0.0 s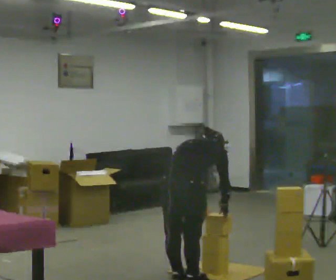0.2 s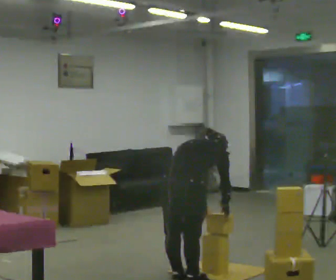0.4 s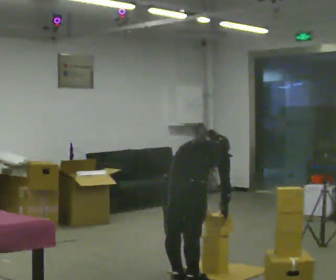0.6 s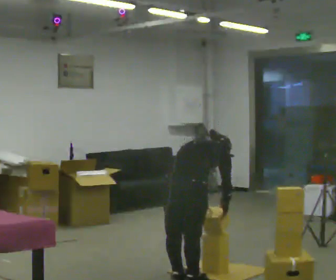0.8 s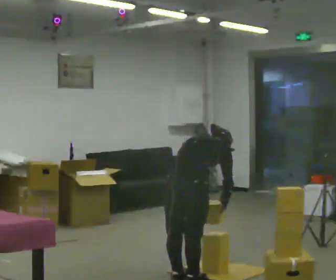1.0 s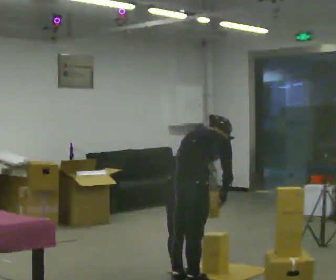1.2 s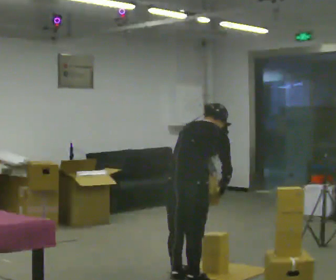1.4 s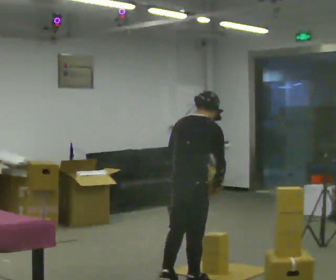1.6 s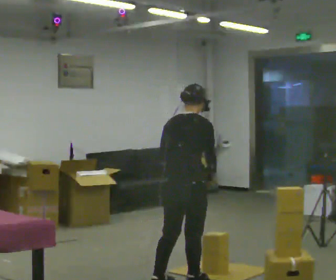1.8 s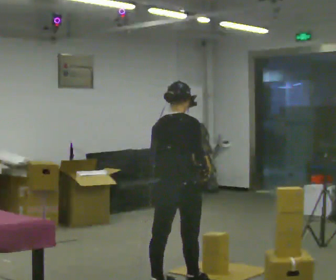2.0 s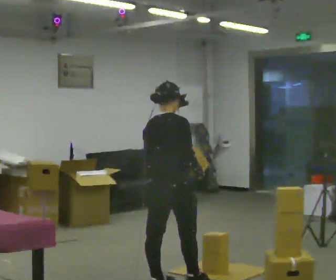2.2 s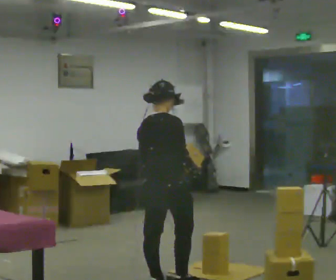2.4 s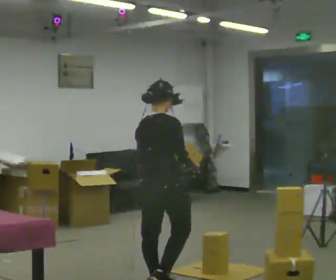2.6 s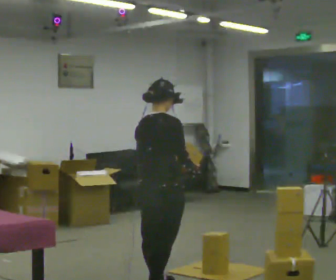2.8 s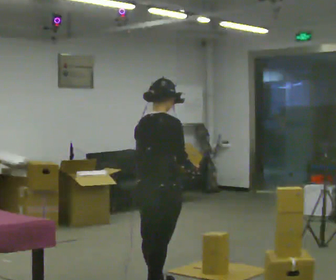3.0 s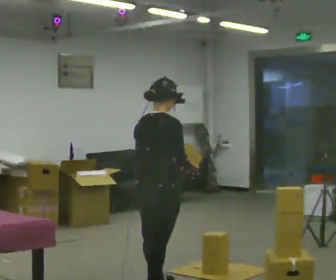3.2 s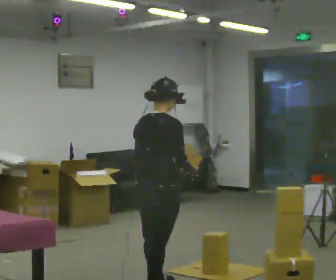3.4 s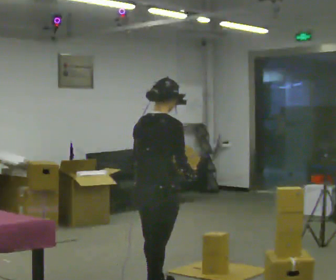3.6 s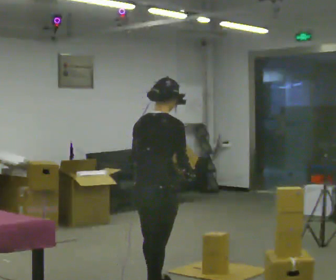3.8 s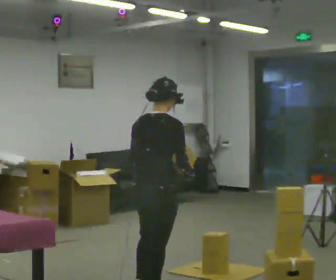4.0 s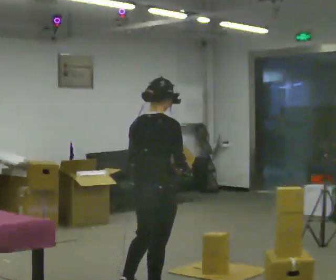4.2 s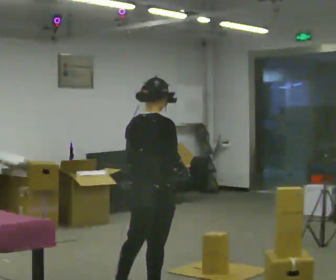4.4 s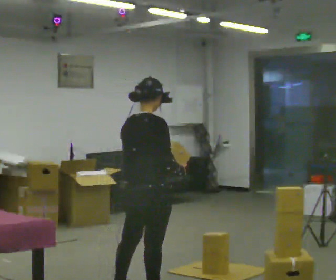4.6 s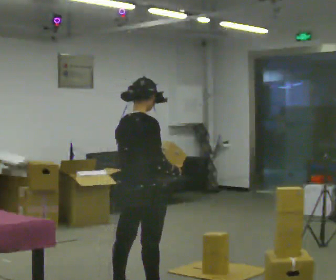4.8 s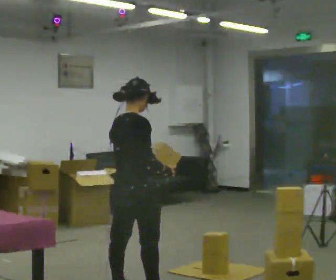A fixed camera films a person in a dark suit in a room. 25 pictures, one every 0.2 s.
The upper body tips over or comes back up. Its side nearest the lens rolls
downward.
0.0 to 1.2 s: The upper body tips toward the camera, its near side rolling downward, as they lean back or straighten.
1.2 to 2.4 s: In the picture they go to the left, about 0.25 m in 2 steps, which for them is to their left and backward. The upper body tips toward the camera, its near side rolling downward, as they lean back or straighten.
2.4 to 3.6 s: In the picture they go toward the camera, about 0.25 m, which for them is backward.
3.6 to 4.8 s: In the picture they go to the left, about 0.25 m in 1 step, which for them is to their left.
The film runs backward here.
